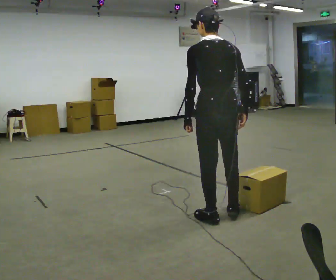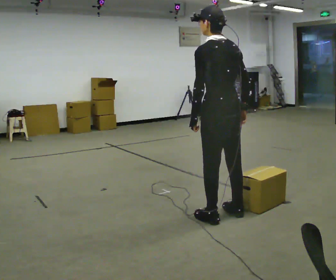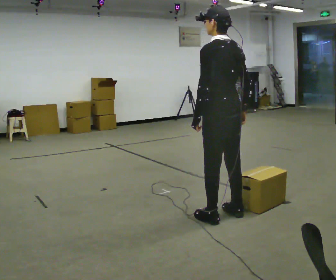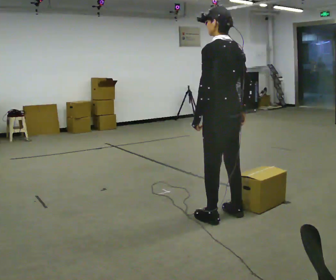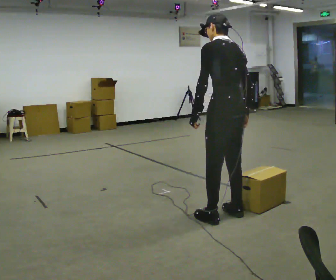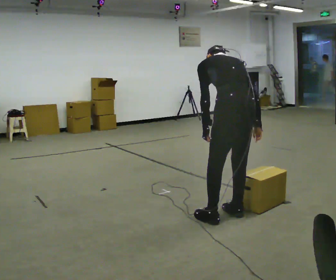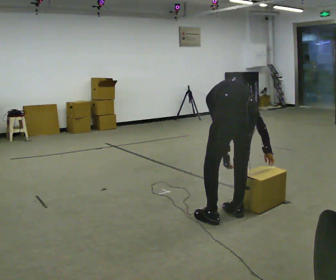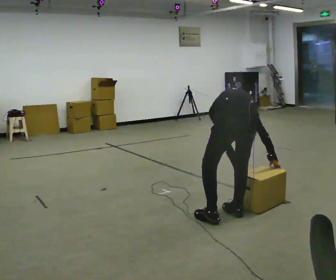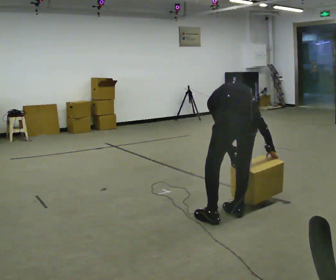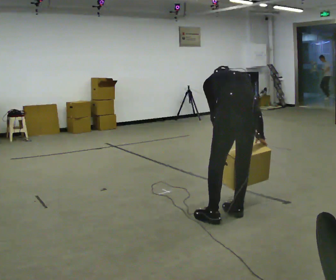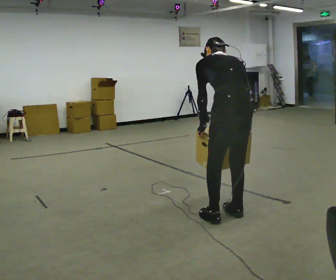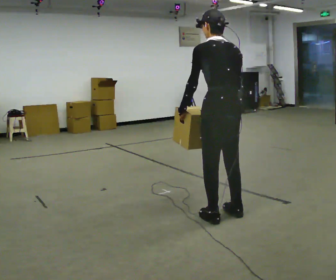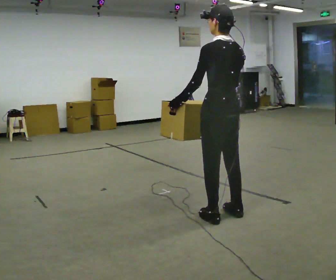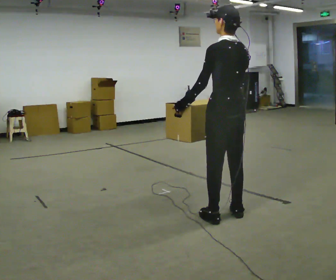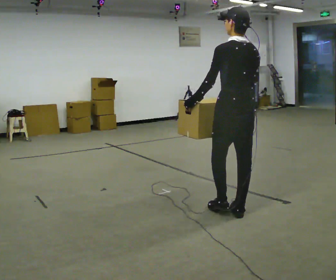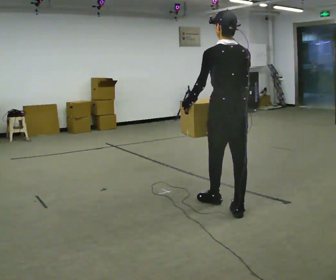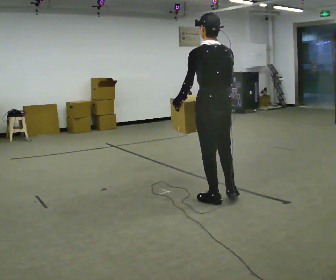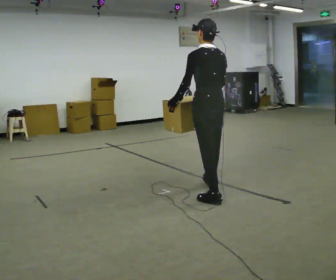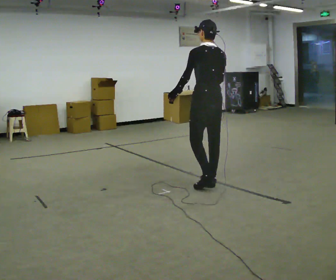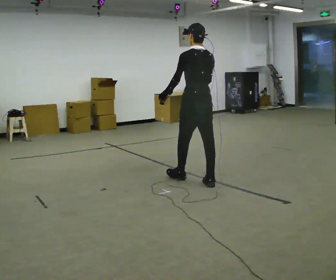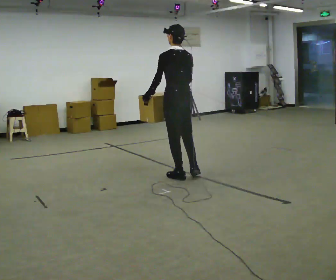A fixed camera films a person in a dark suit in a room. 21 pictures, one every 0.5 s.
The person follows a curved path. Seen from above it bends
counterclockwise.
The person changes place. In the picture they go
away from the camera.
0.0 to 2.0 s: The person moves a little, or ends about where they began.
2.0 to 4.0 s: The person turns about 45 degrees to their right, clockwise seen from above, so the part of the body nearest the lens slides to the left. The upper body goes downward. The upper body tips away from the camera, its near side rolling upward, as they bend forward. In the picture their left hand goes downward.
4.0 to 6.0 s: Seen from above the body turns counterclockwise, about 45 degrees: to their left, with its near side sliding to the right. The upper body goes upward. The upper body tips toward the camera, its near side rolling downward, as they lean back or straighten. In the picture their right hand goes to the left and upward, the arm swinging clockwise.
6.0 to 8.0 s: In the picture they go away from the camera, about 0.5 m in 1 step, which for them is forward.
8.0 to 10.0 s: In the picture they go away from the camera and to the left, about 1 m in 2 steps, which for them is forward.
The film runs forward here.
